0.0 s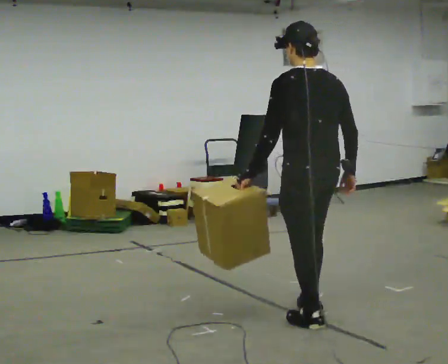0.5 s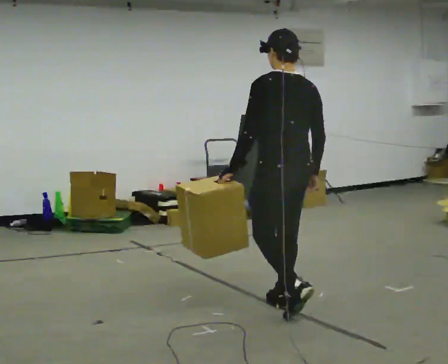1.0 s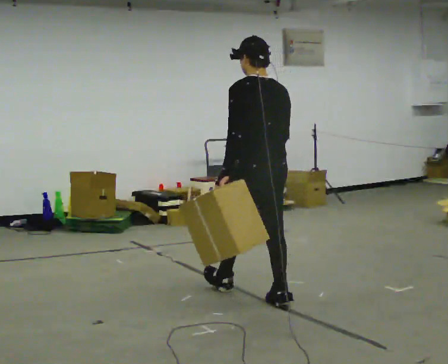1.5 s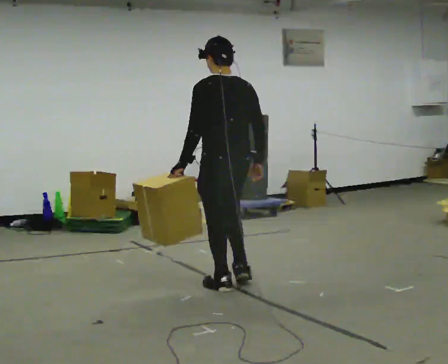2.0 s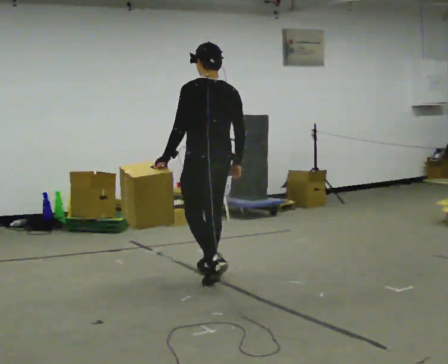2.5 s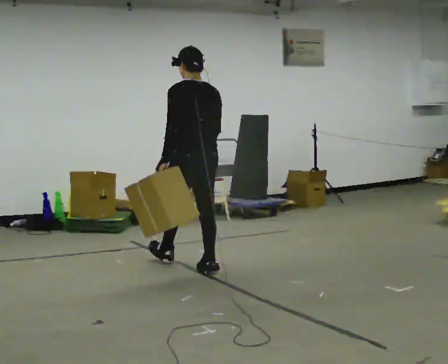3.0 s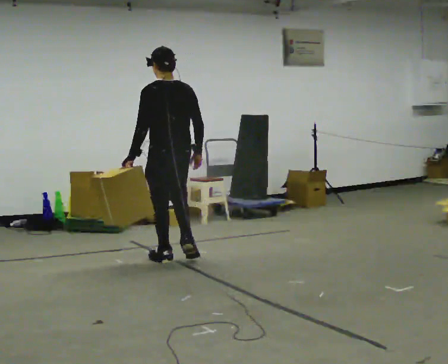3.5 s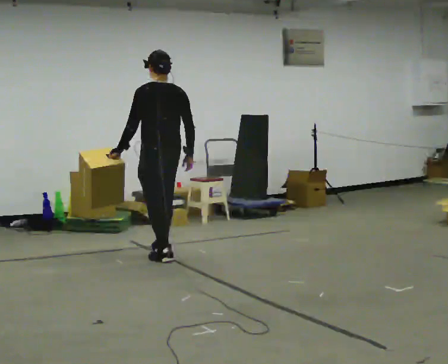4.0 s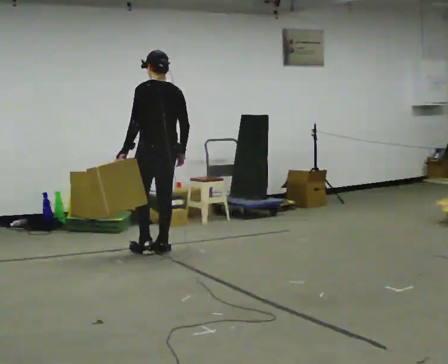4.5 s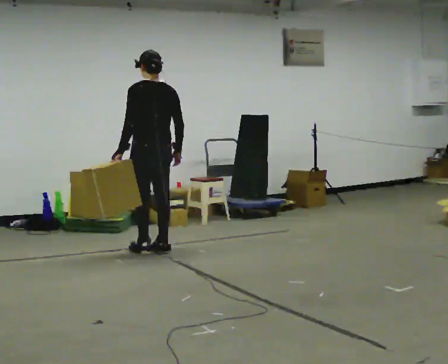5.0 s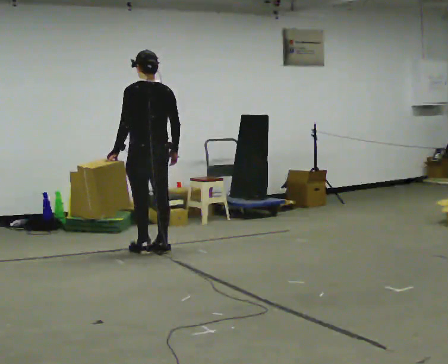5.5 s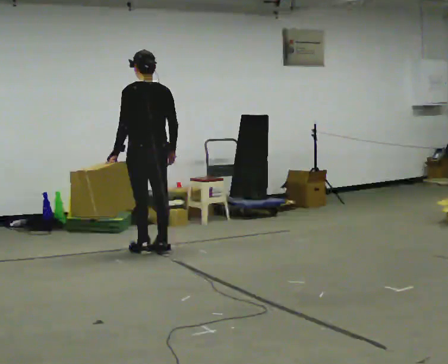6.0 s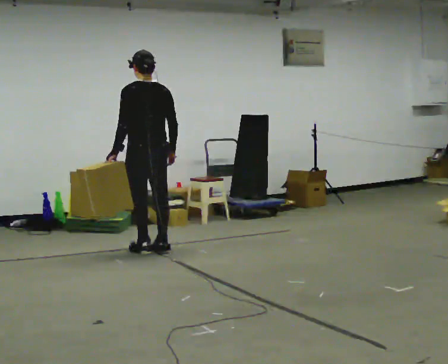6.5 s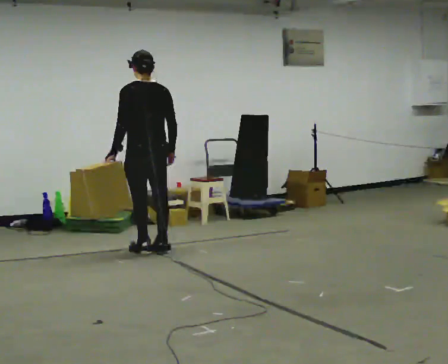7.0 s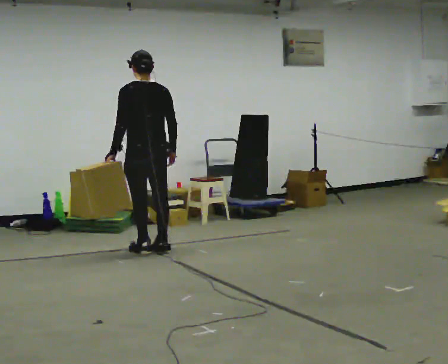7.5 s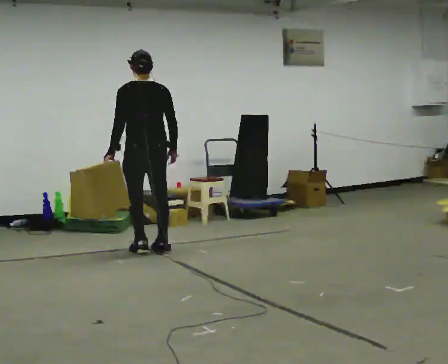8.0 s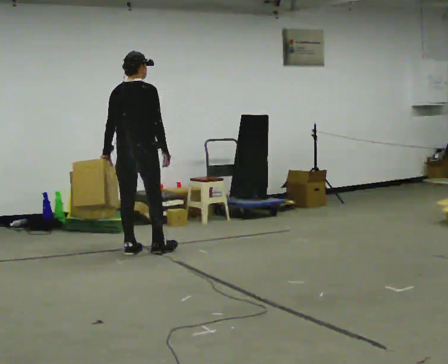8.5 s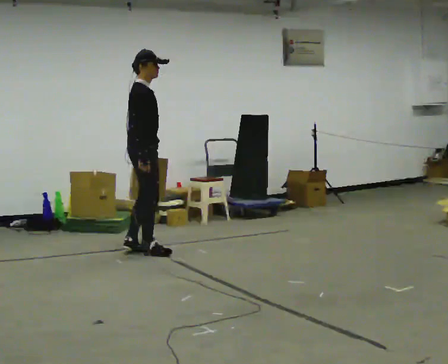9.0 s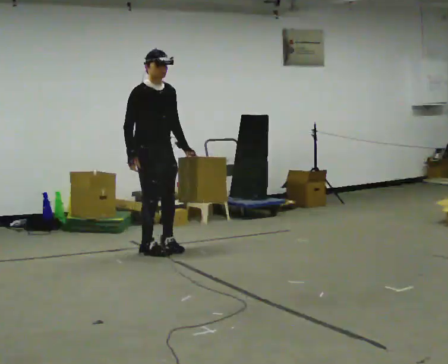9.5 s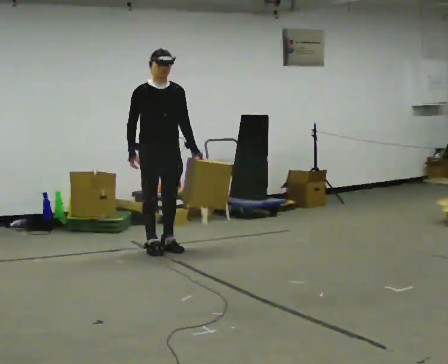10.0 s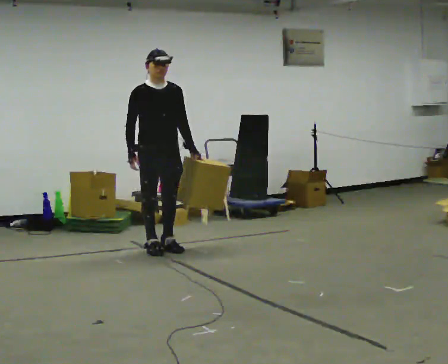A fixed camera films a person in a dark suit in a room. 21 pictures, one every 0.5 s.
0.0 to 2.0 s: In the picture they go away from the camera, about 1.5 m in 3 steps, which for them is forward.
2.0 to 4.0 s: In the picture they go away from the camera, about 1 m in 2 steps, which for them is forward.
4.0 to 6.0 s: The person moves a little, or ends about where they began.
6.0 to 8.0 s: Seen from above the body turns clockwise, about 60 degrees: to their right, with its near side sliding to the left.
8.0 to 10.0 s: Seen from above the body turns clockwise, about 135 degrees: to their right, with its near side sliding to the left. In the picture they go to the right, about 0.25 m in 1 step. In the picture their left hand goes to the right, the arm swinging counterclockwise.
The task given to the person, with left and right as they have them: Carry the box across the room, stopping and starting again each time the operator says stop and go. Do not set the box down.
The film runs forward here.
